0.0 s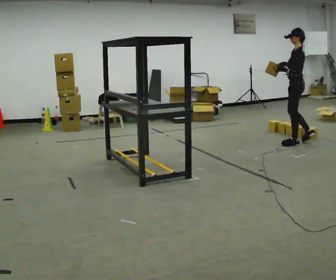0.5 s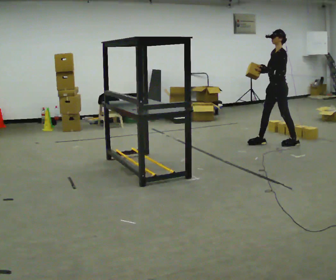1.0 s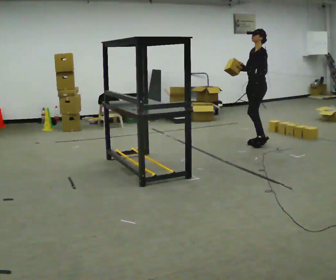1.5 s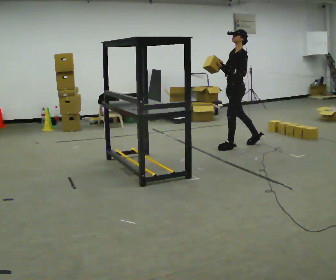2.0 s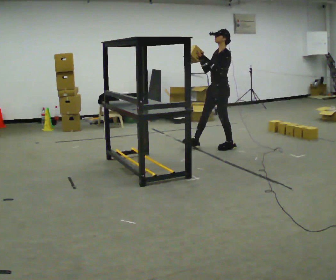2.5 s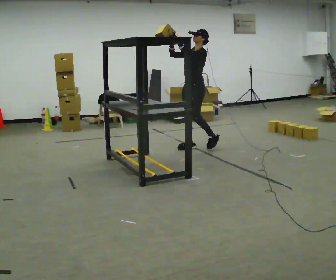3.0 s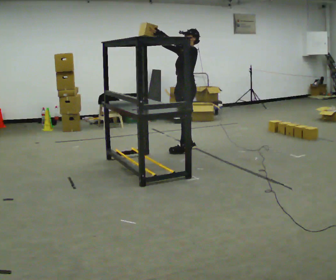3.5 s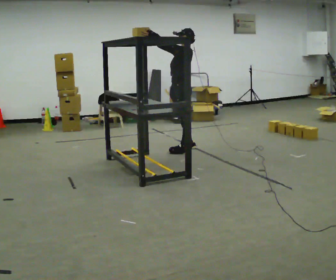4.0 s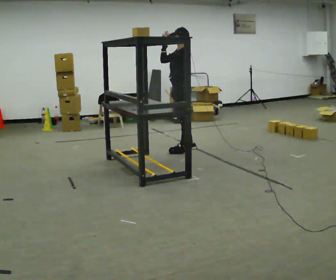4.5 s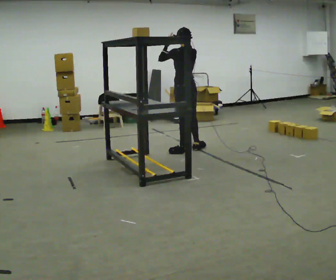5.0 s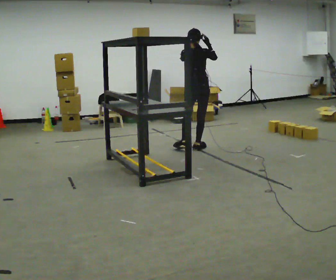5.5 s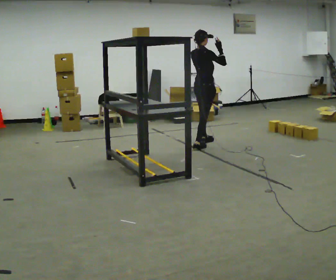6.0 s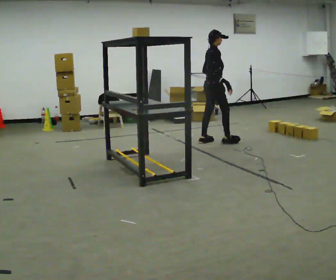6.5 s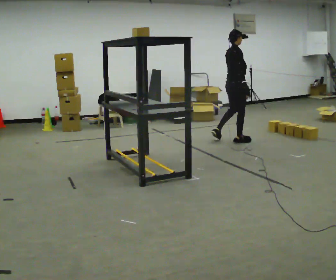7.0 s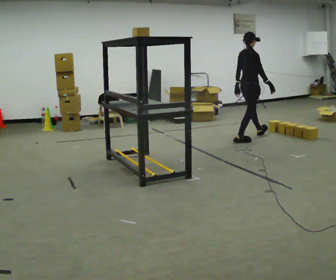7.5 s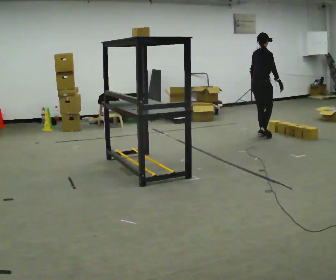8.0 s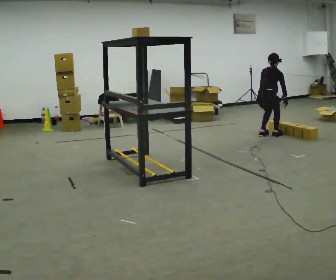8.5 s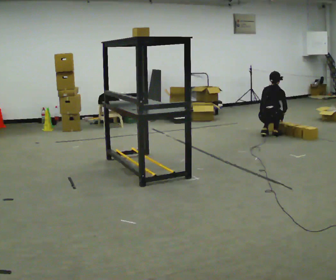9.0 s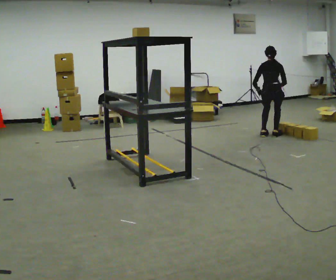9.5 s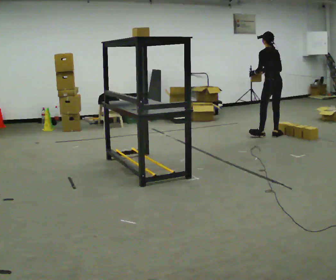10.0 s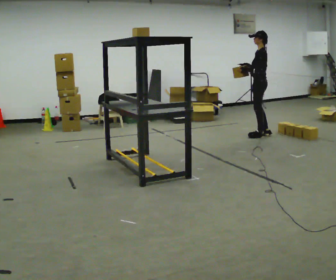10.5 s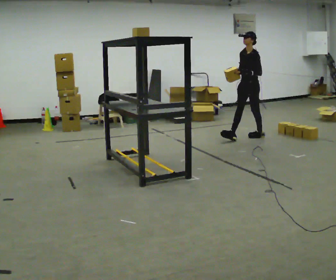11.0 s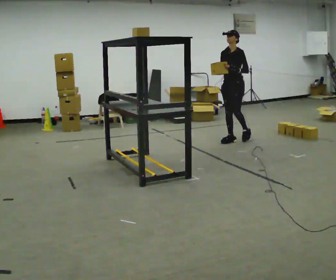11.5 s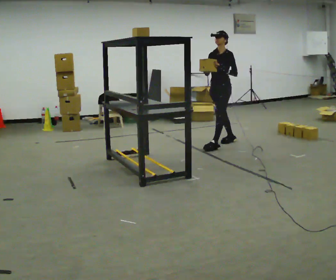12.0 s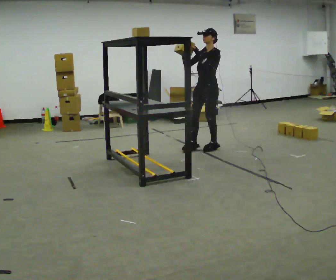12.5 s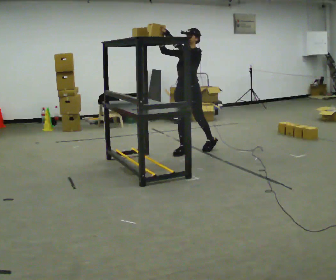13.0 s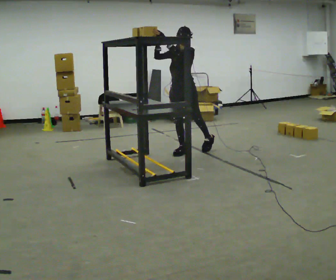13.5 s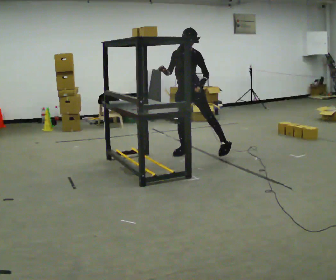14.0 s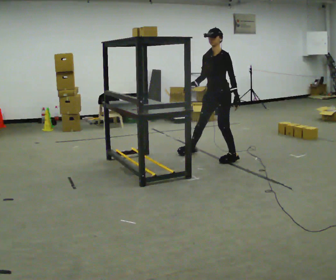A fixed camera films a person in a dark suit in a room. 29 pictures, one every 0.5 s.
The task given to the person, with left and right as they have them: Take an object from the highest shelf you can comfortably reach, carry it across, and place it on the lowest shelf. Keep going until the operator says stop; one object at a time, and do not rush between trips.
0.0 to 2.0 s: The part of the body nearest the lens slides to the right as the person turns to their left by about 45 degrees. In the picture they go to the left, about 1 m in 2 steps, which for them is forward.
2.0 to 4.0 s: The part of the body nearest the lens slides to the left as the person turns to their right by about 30 degrees. In the picture they go to the left and toward the camera, about 0.5 m in 2 steps, which for them is forward.
4.0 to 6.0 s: The person turns about 150 degrees to their right, clockwise seen from above, so the part of the body nearest the lens slides to the left. In the picture they go away from the camera and to the right, about 0.5 m in 1 step. In the picture their right hand goes downward.
6.0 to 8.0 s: The part of the body nearest the lens slides to the right as the person turns to their left by about 45 degrees. In the picture they go to the right and away from the camera, about 1 m in 3 steps, which for them is forward. The upper body goes downward. The upper body tips away from the camera, its near side rolling upward, as they bend forward. In the picture their right hand goes downward.
8.0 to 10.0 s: The person turns about 105 degrees to their left, counterclockwise seen from above, so the part of the body nearest the lens slides to the right. In the picture their right hand goes to the left and upward.
10.0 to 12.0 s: The person turns about 60 degrees to their left, counterclockwise seen from above, so the part of the body nearest the lens slides to the right. In the picture they go toward the camera and to the left, about 1 m in 2 steps.
12.0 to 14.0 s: In the picture they go toward the camera and to the right, about 0.5 m in 2 steps, which for them is to their left and forward. In the picture their left hand goes downward.
The film runs forward here.
